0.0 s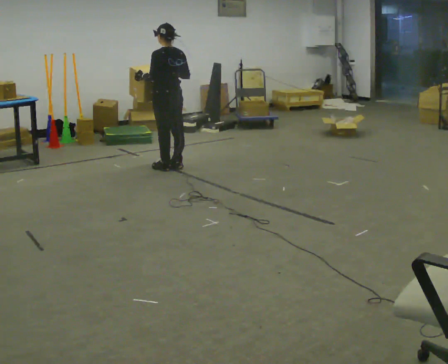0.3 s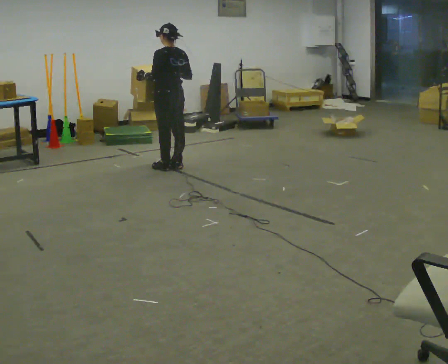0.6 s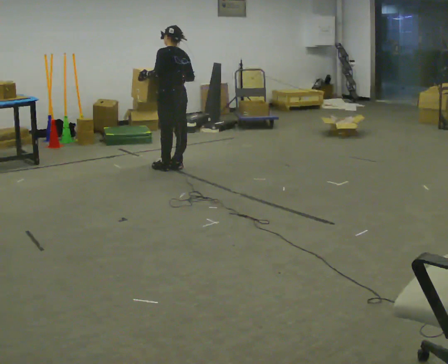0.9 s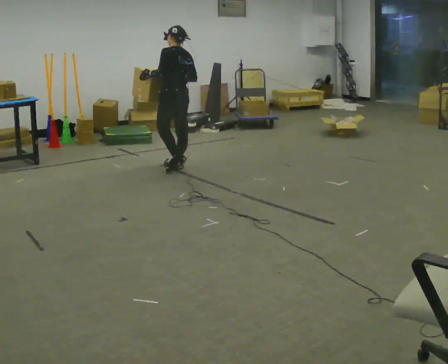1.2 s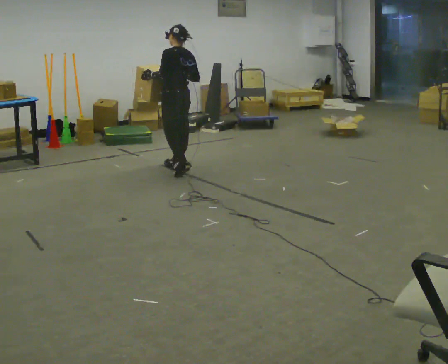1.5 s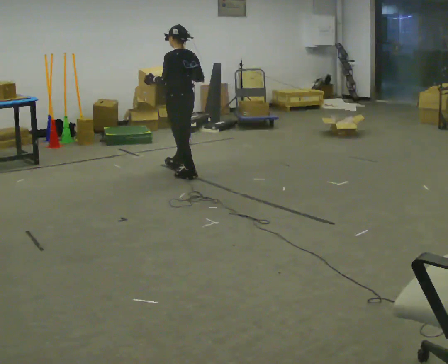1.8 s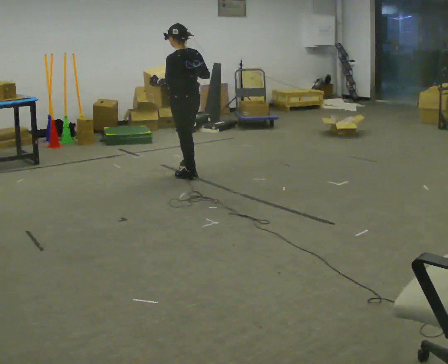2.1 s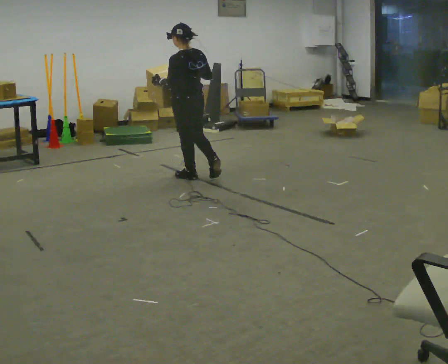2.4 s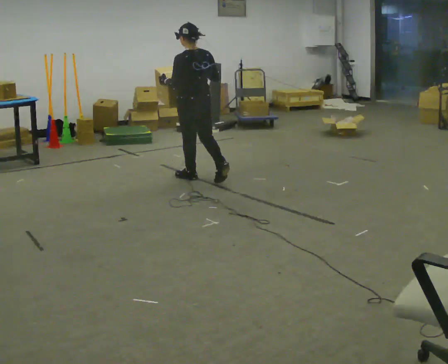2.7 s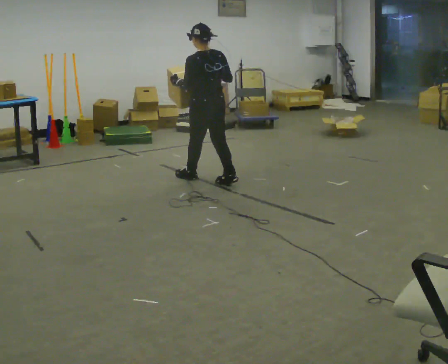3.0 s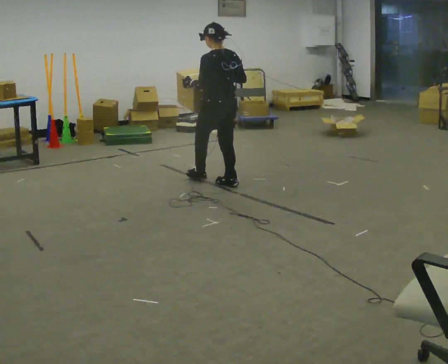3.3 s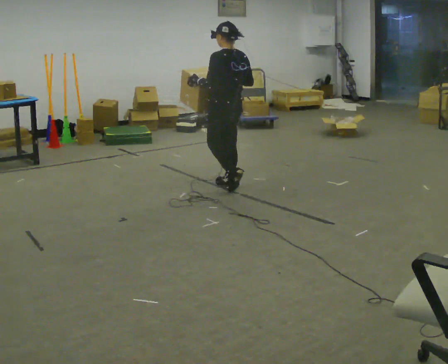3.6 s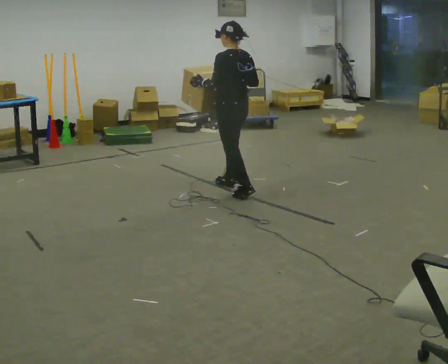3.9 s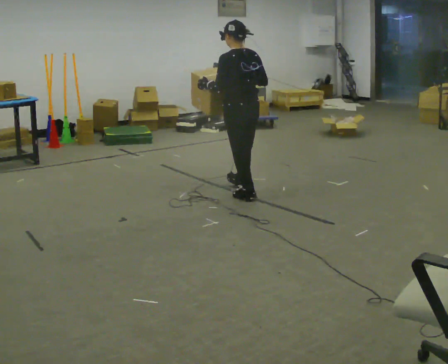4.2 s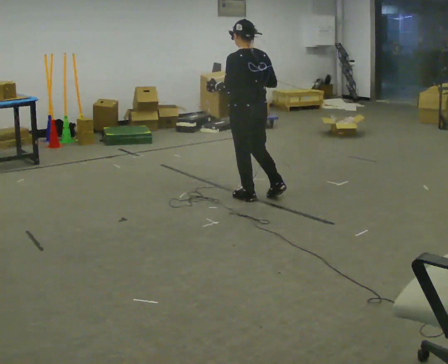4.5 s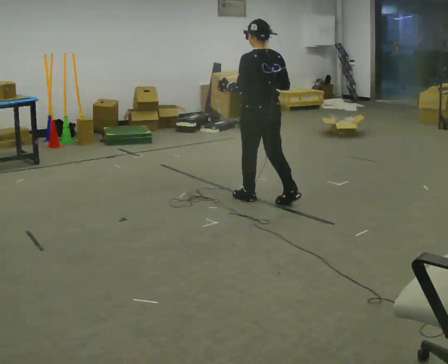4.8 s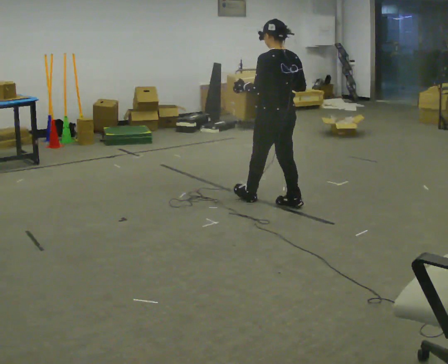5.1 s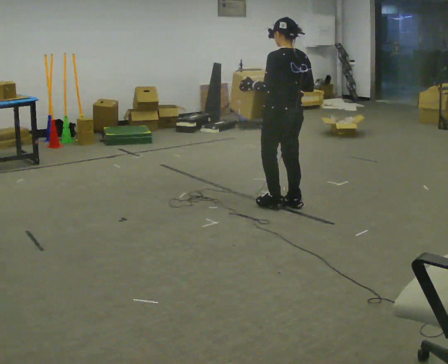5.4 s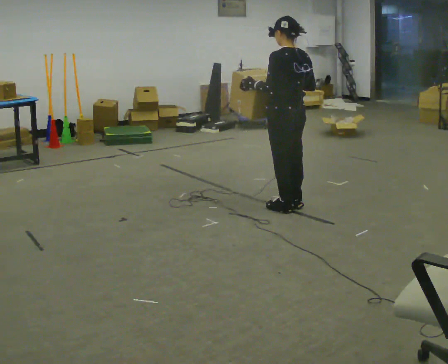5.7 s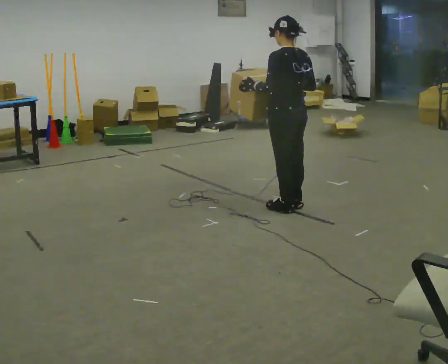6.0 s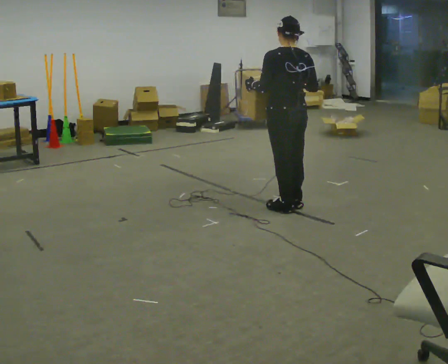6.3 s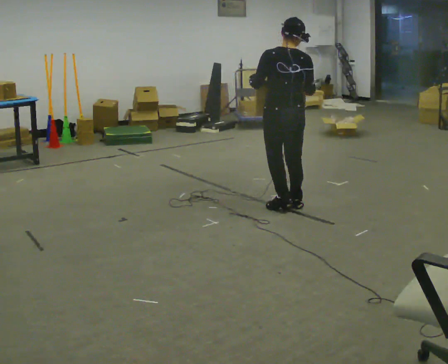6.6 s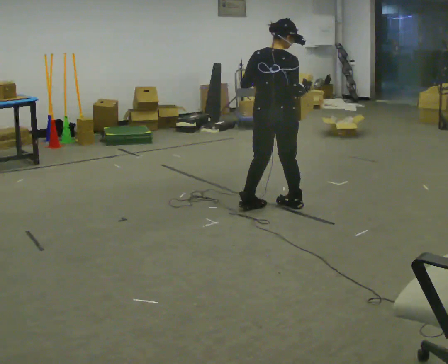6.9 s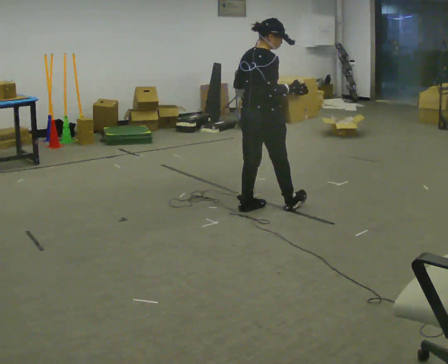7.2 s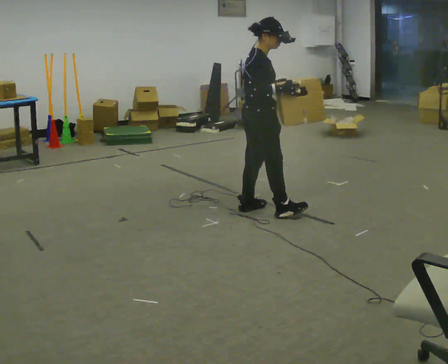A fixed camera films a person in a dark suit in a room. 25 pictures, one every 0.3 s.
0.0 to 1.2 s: The person moves a little, or ends about where they began.
1.2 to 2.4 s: In the picture they go toward the camera and to the right, about 0.25 m in 2 steps, which for them is backward and to their left.
2.4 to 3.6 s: In the picture they go toward the camera and to the right, about 0.5 m in 1 step, which for them is backward.
3.6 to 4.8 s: In the picture they go toward the camera and to the right, about 0.5 m in 1 step, which for them is backward.
4.8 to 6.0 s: The person moves a little, or ends about where they began.
6.0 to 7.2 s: Seen from above the body turns clockwise, about 105 degrees: to their right, with its near side sliding to the left. In the picture they go to the left, about 0.25 m in 2 steps.
The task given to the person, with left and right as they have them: Carry the box while walking backward. The operator confirms the space behind you is clear before each take.
The film runs forward here.
